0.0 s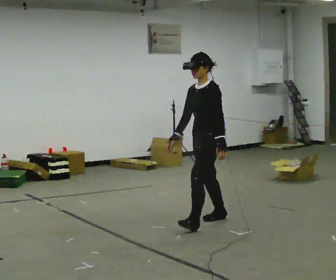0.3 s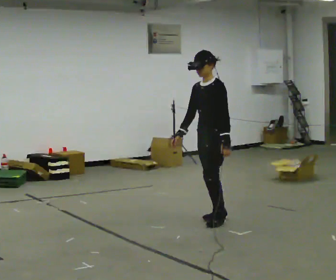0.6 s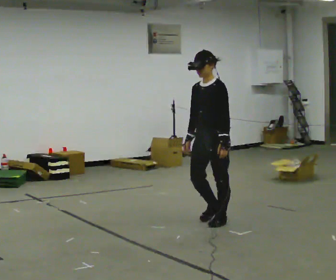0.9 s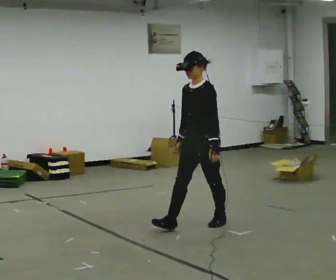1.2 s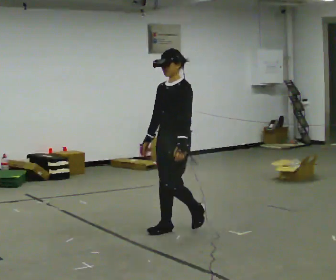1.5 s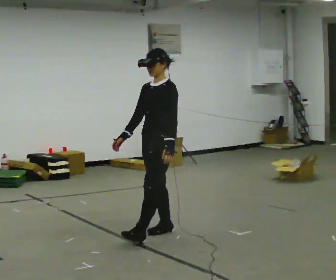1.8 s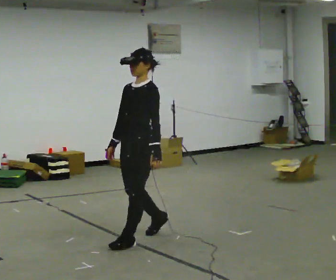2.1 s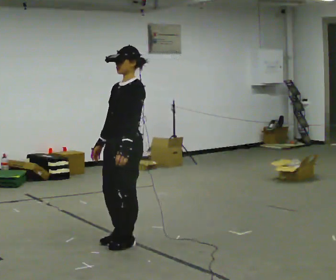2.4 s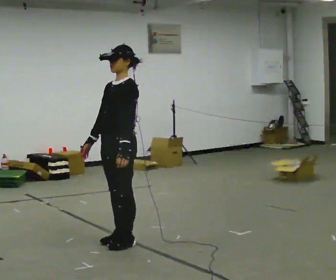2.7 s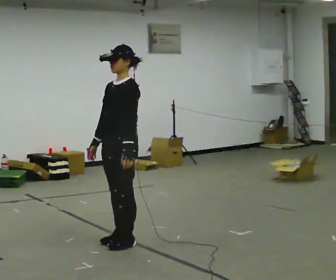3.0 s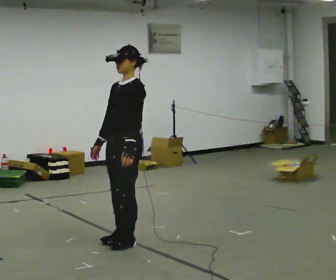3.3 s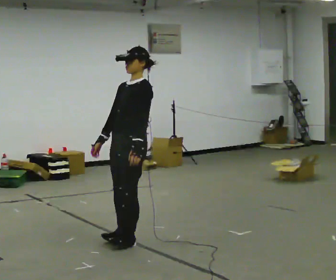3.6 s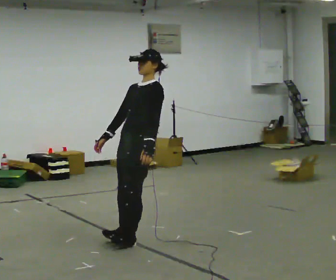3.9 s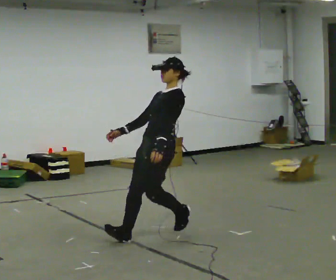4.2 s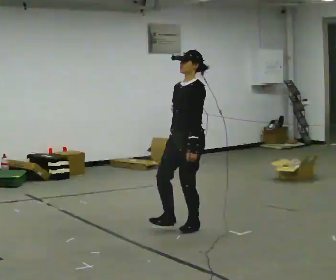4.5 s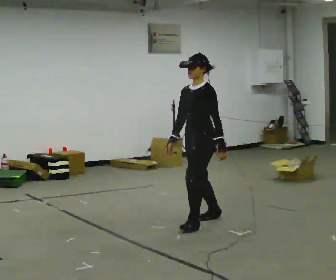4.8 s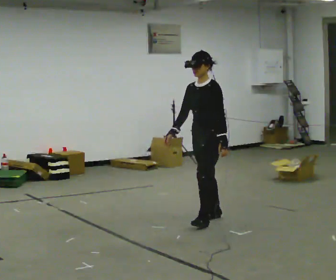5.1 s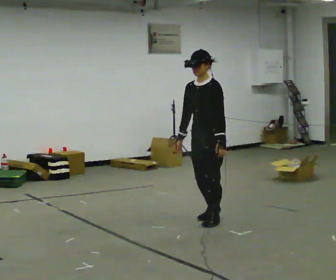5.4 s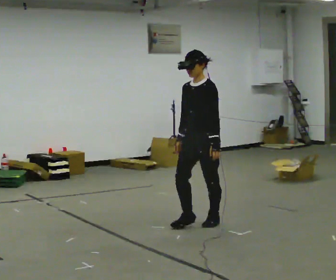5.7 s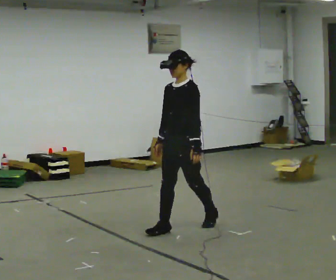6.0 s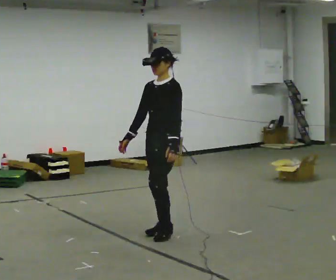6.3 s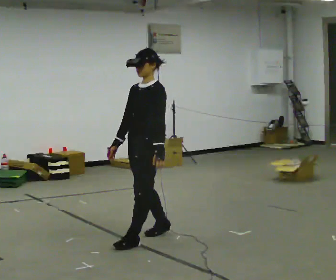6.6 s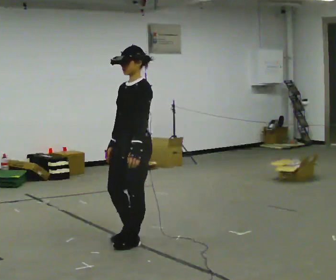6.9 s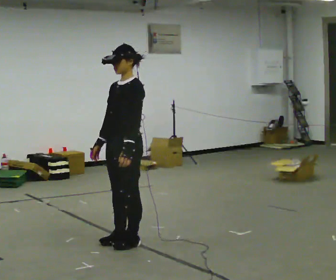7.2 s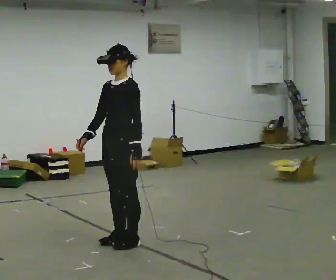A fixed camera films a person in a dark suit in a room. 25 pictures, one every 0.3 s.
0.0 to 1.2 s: In the picture they go to the left and toward the camera, about 0.5 m in 2 steps, which for them is forward.
1.2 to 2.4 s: In the picture they go to the left and toward the camera, about 0.5 m in 2 steps, which for them is forward.
2.4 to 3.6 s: The person moves a little, or ends about where they began.
3.6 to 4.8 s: In the picture they go to the right and away from the camera, about 1 m in 2 steps, which for them is backward.
4.8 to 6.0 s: In the picture they go to the left and toward the camera, about 0.5 m in 2 steps, which for them is forward.
6.0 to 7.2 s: In the picture they go to the left and toward the camera, about 0.5 m in 2 steps, which for them is forward.
The film runs forward here.
